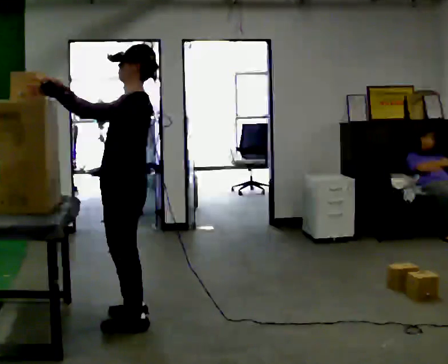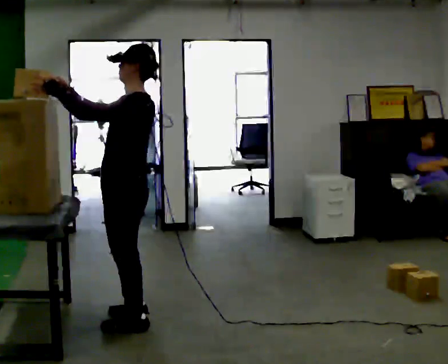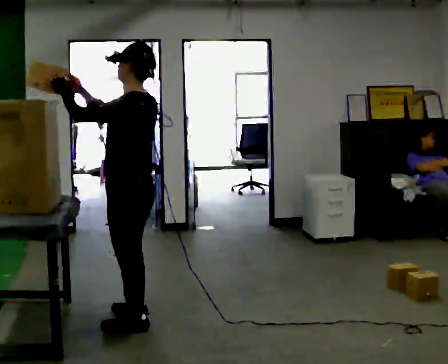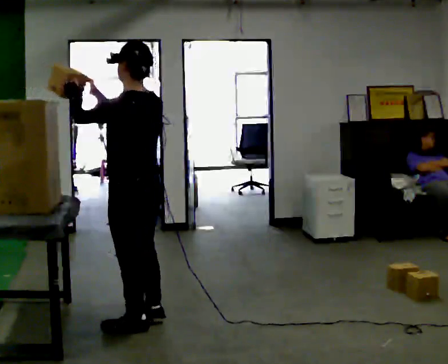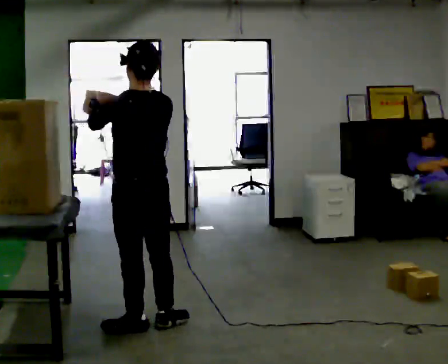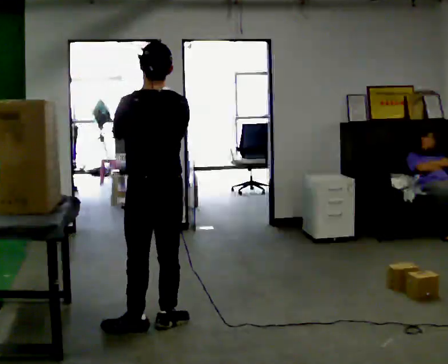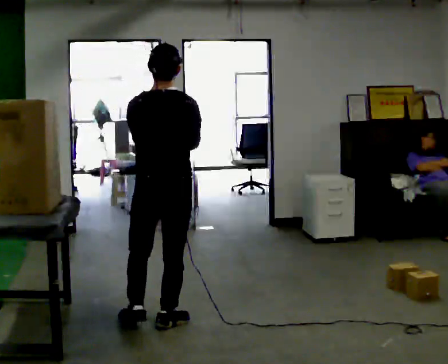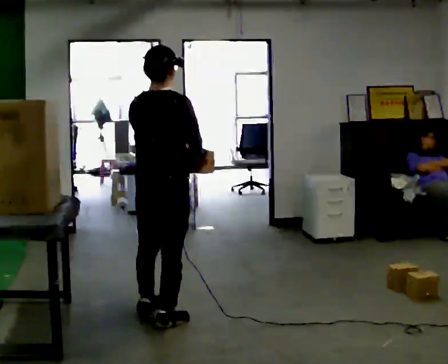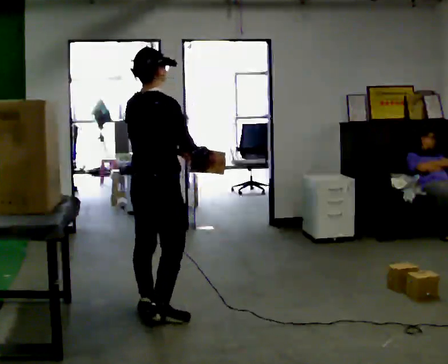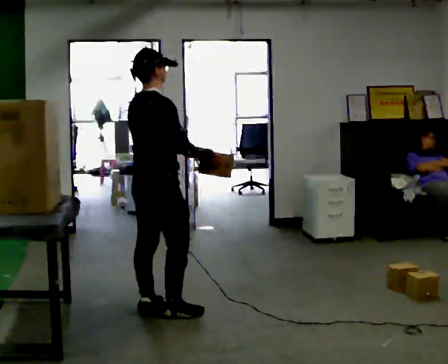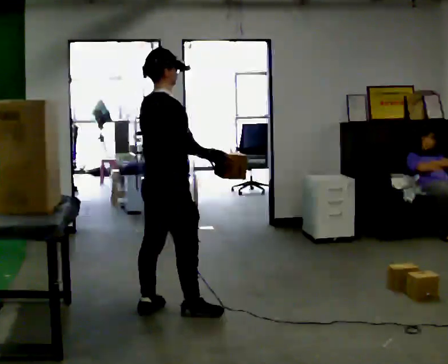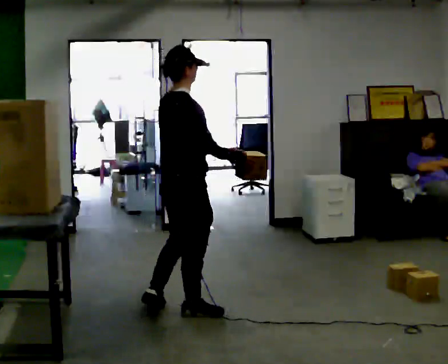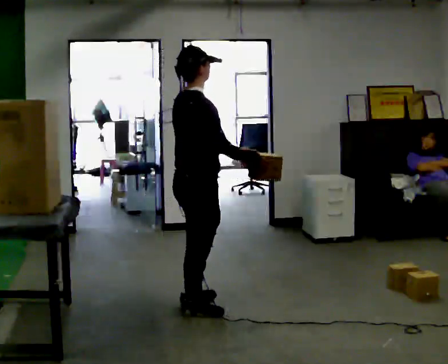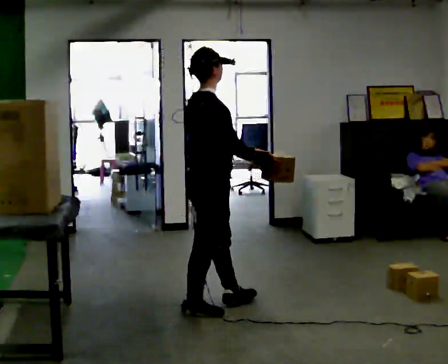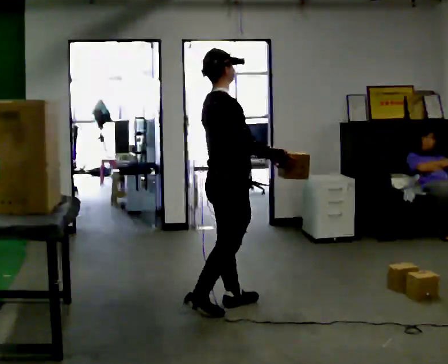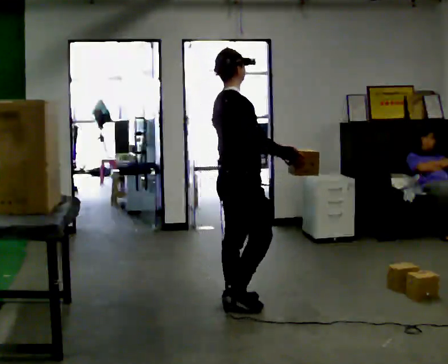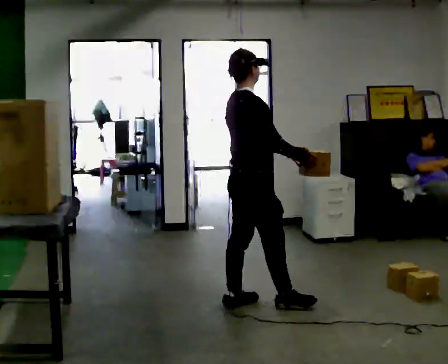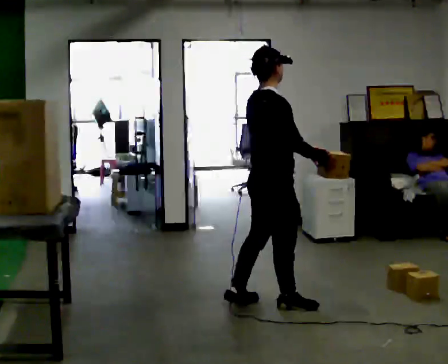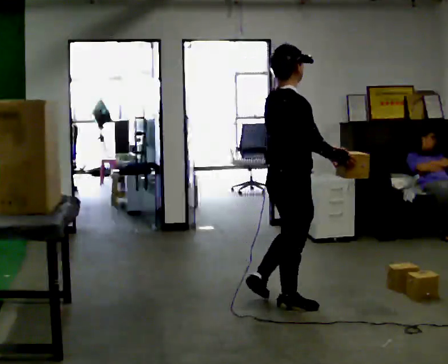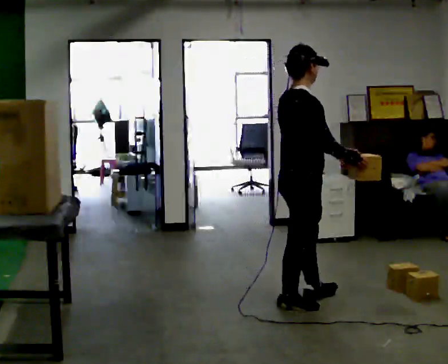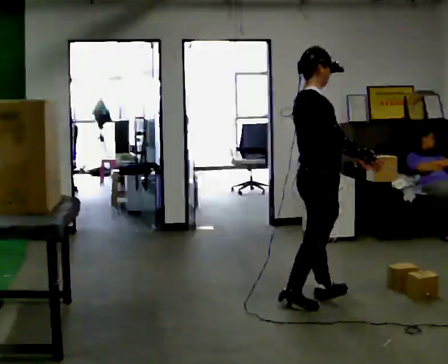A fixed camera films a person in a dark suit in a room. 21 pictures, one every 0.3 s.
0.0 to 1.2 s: The part of the body nearest the lens slides to the left as the person turns to their right by about 45 degrees. In the picture their right hand goes to the right.
1.2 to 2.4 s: The person turns about 75 degrees to their right, clockwise seen from above, so the part of the body nearest the lens slides to the left. In the picture they go away from the camera, about 0.25 m in 1 step.
2.4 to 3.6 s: In the picture they go to the right, about 0.25 m in 1 step, which for them is forward and to their right.
3.6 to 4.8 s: In the picture they go to the right, about 0.5 m in 2 steps, which for them is forward.
4.8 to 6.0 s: In the picture they go to the right, about 0.5 m in 1 step, which for them is forward.
The film runs forward here.
